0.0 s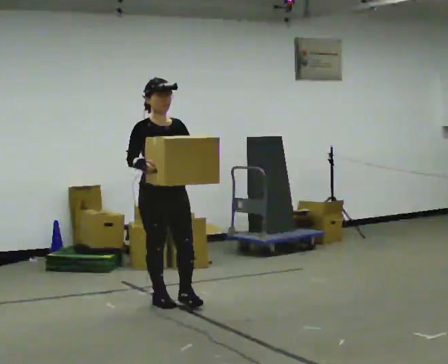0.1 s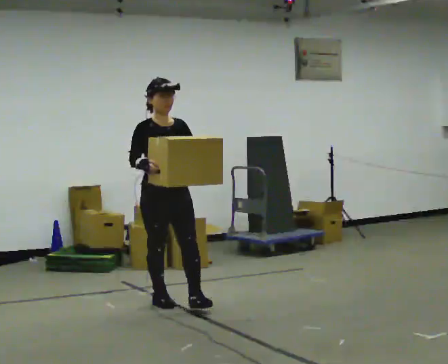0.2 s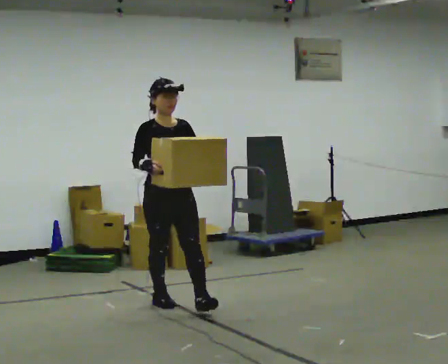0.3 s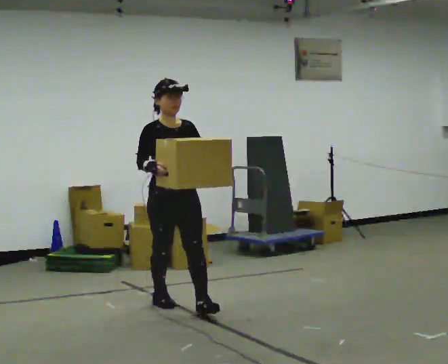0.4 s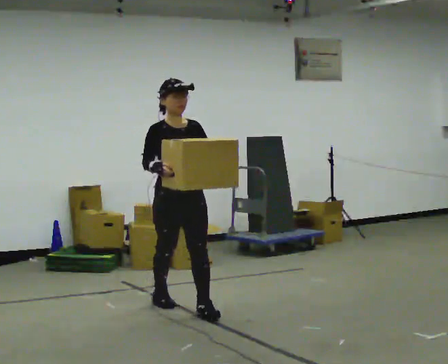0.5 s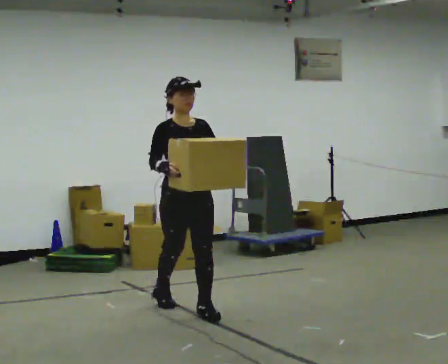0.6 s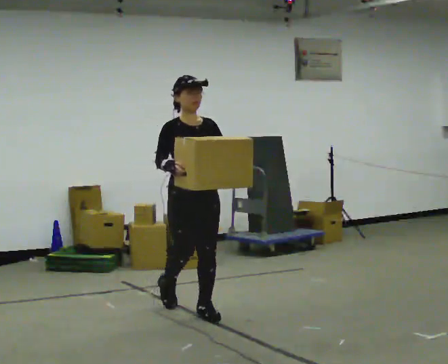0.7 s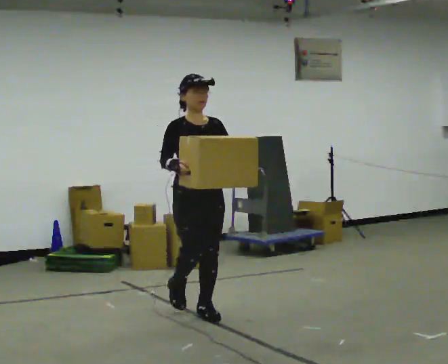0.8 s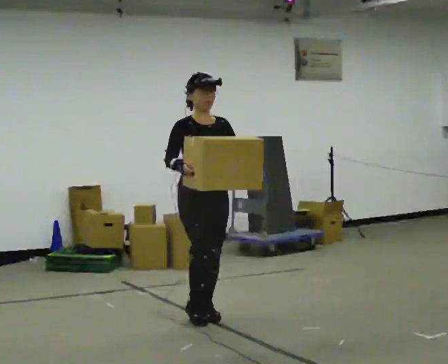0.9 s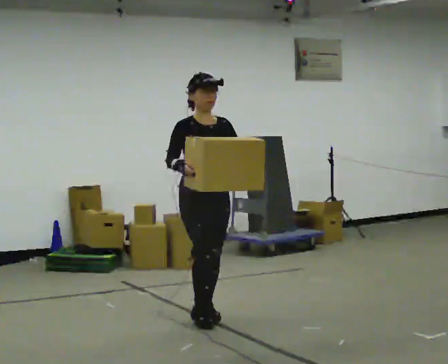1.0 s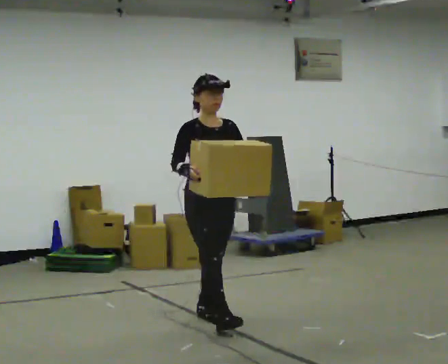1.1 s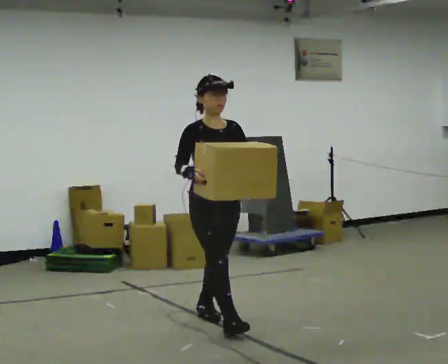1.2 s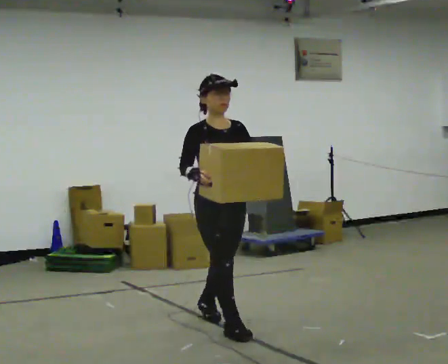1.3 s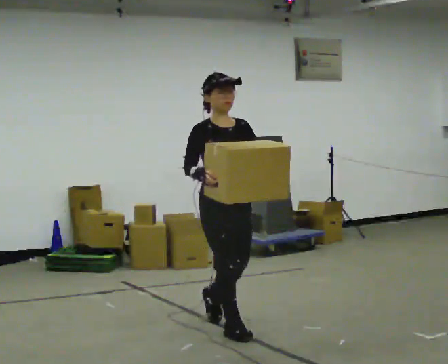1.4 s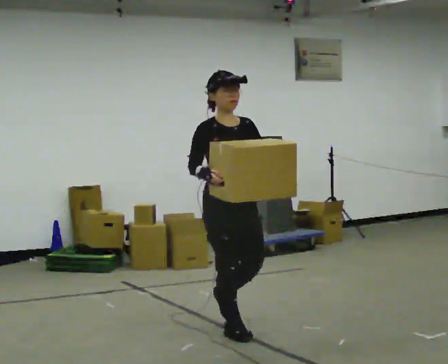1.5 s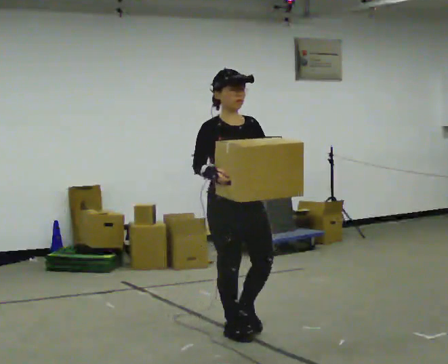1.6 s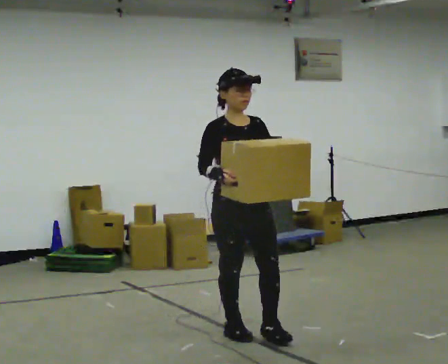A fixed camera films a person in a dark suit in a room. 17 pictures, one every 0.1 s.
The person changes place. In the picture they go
toward the camera.
0.0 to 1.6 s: In the picture they go toward the camera and to the right, about 1 m in 2 steps, which for them is forward.
The film runs forward here.
